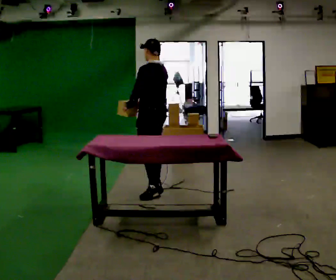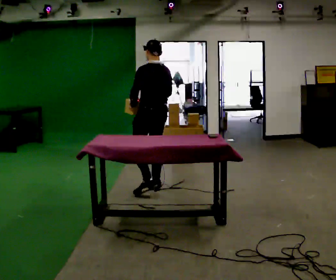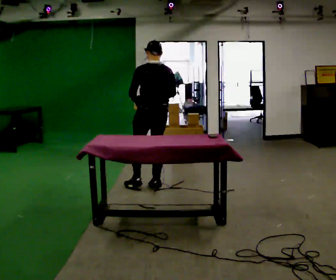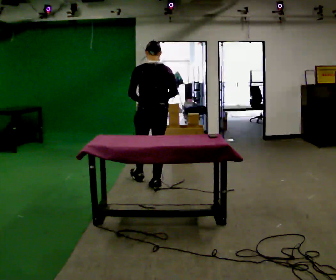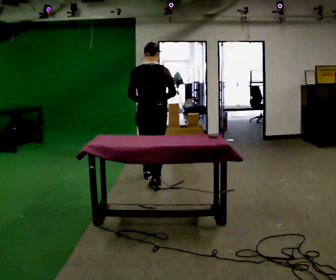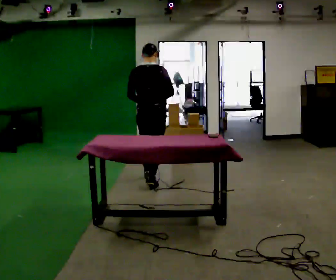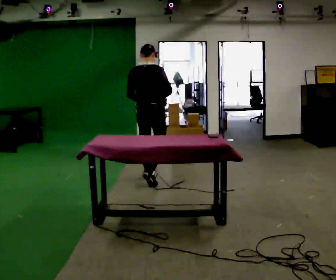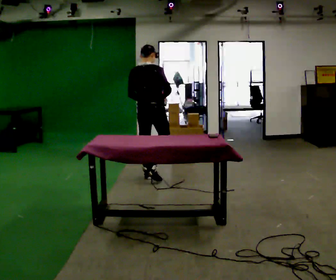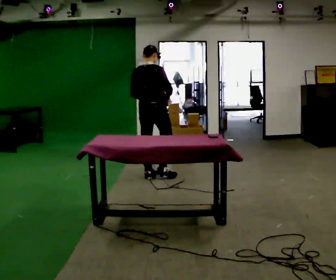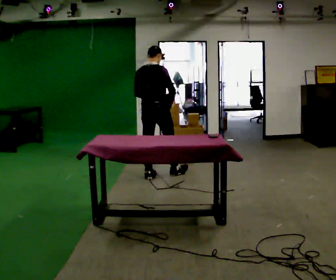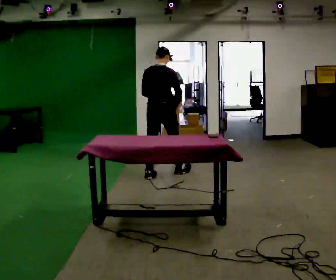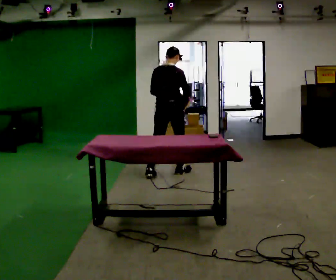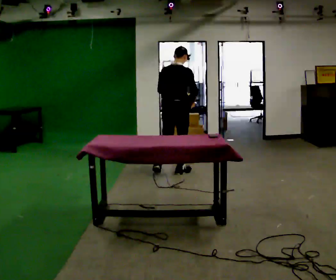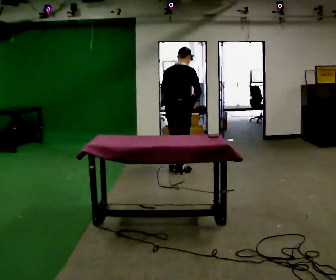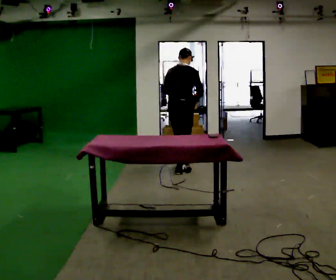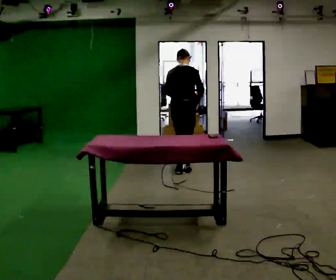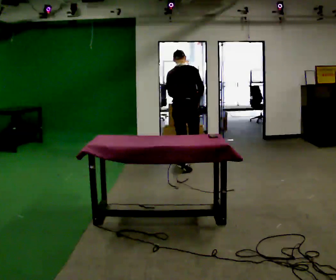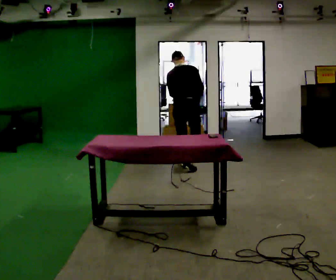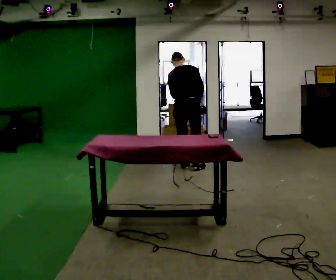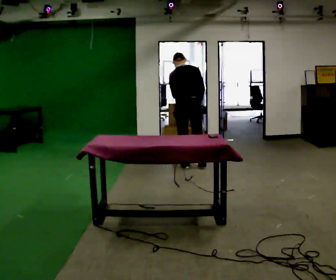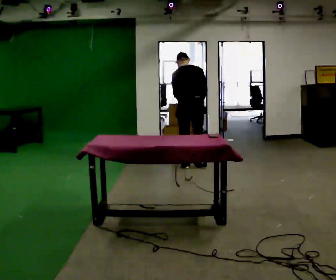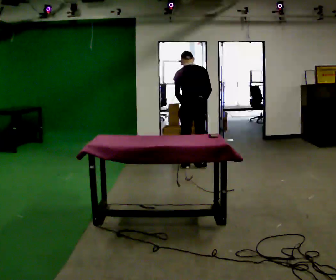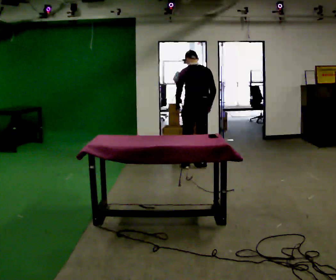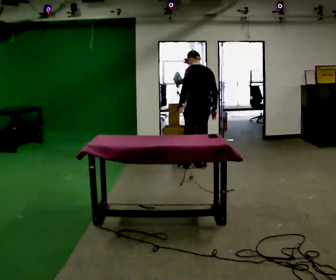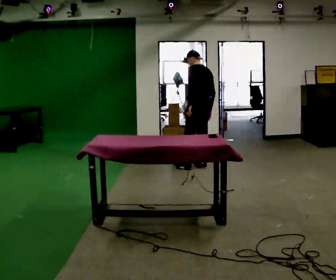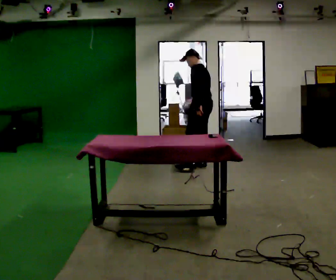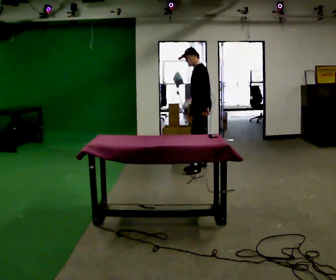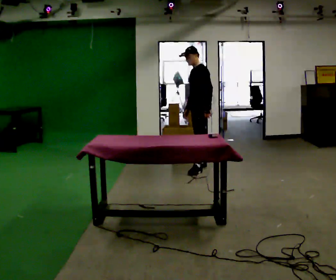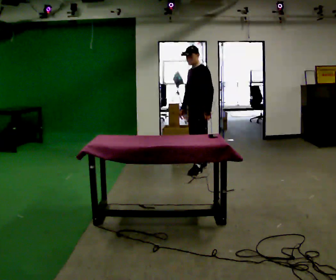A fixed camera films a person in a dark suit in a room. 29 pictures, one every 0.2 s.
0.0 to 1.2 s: Seen from above the body turns clockwise, about 75 degrees: to their right, with its near side sliding to the left. In the picture they go away from the camera, about 0.5 m in 1 step.
1.2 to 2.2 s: In the picture they go away from the camera and to the right, about 0.25 m in 1 step, which for them is forward.
2.2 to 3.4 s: In the picture they go away from the camera and to the right, about 0.5 m in 1 step, which for them is forward.
3.4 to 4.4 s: The person turns about 30 degrees to their left, counterclockwise seen from above, so the part of the body nearest the lens slides to the right. In the picture they go to the right, about 0.25 m in 1 step, which for them is to their right.
4.4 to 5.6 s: The person turns about 90 degrees to their left, counterclockwise seen from above, so the part of the body nearest the lens slides to the right. In the picture their left hand goes to the right, the arm swinging counterclockwise.
The film runs forward here.
